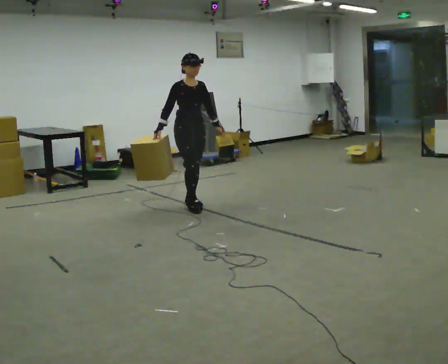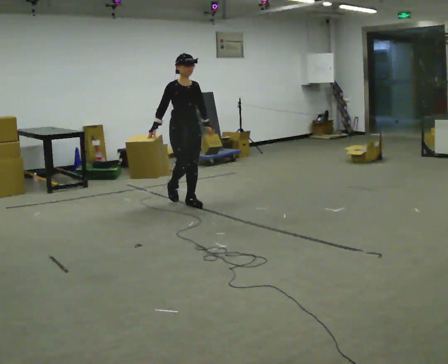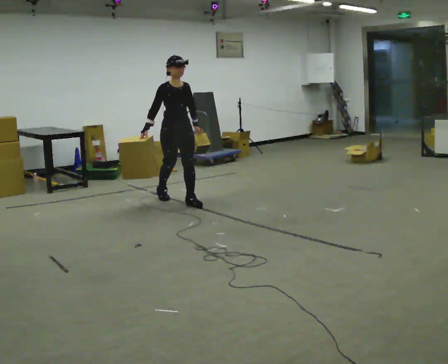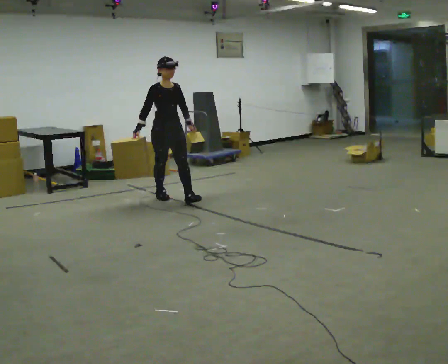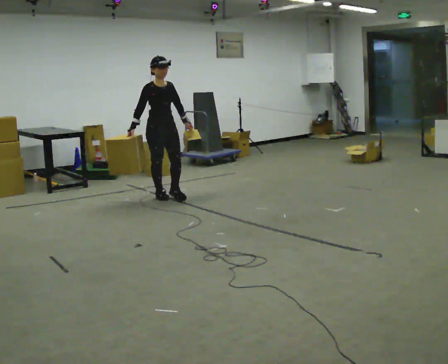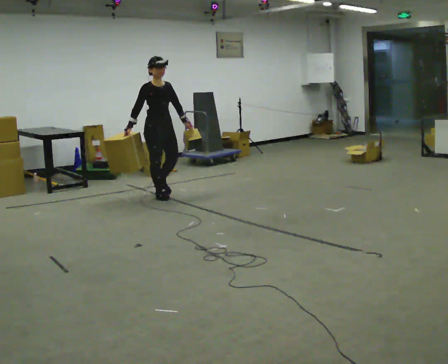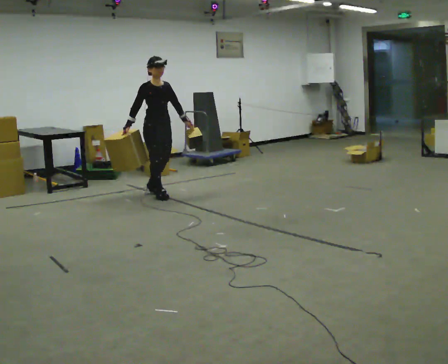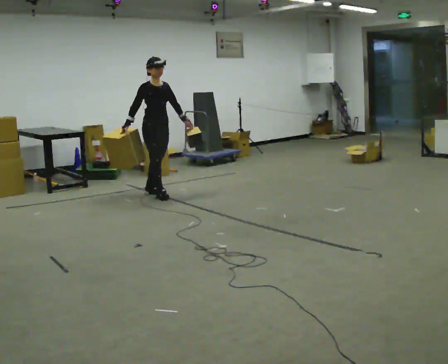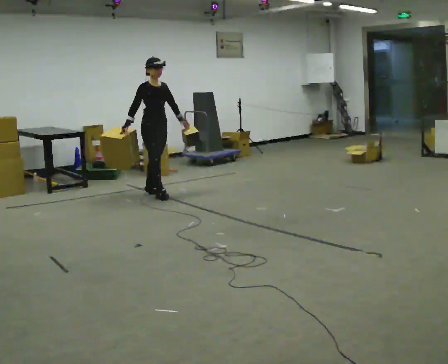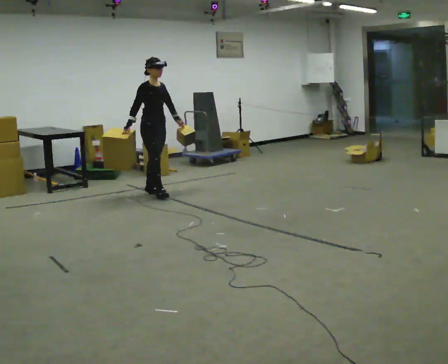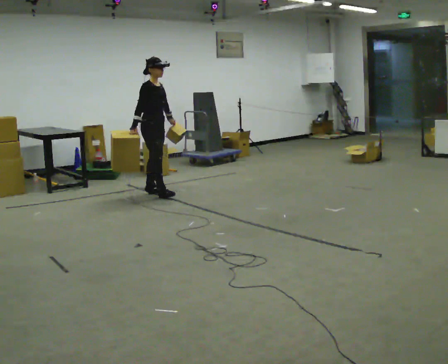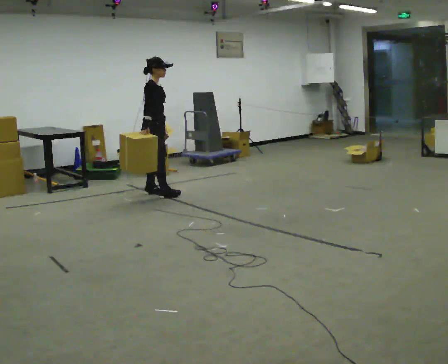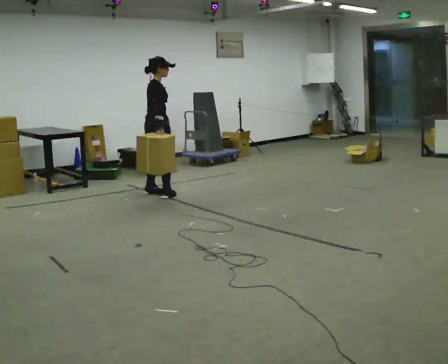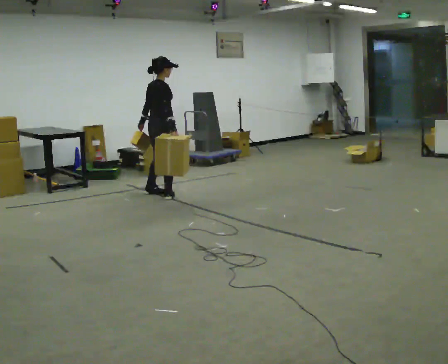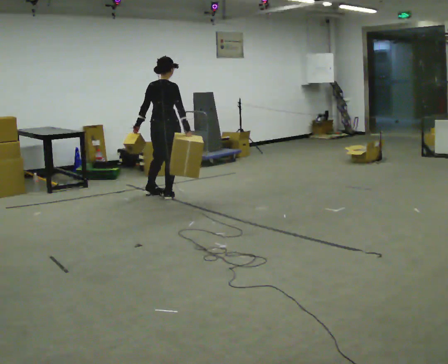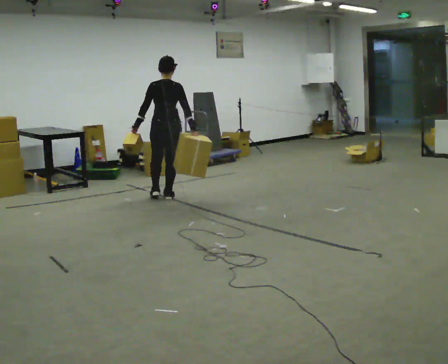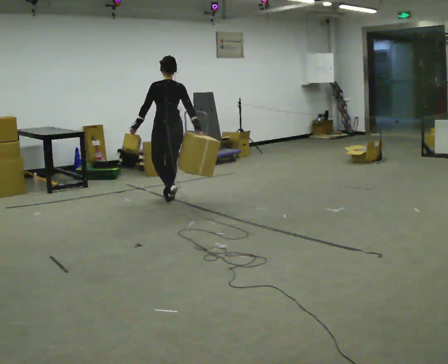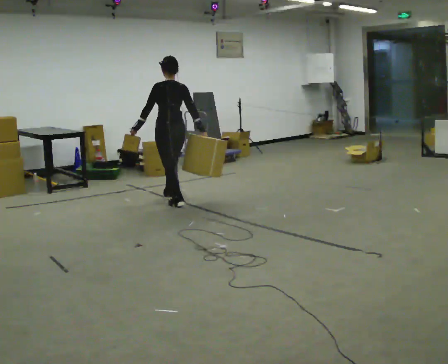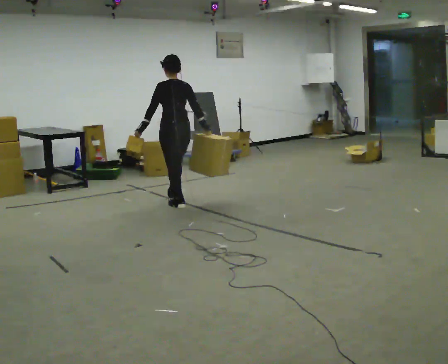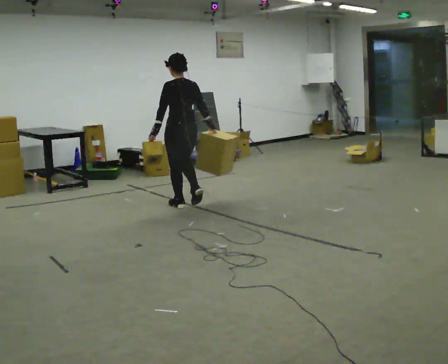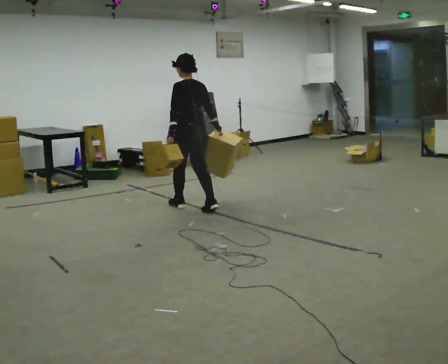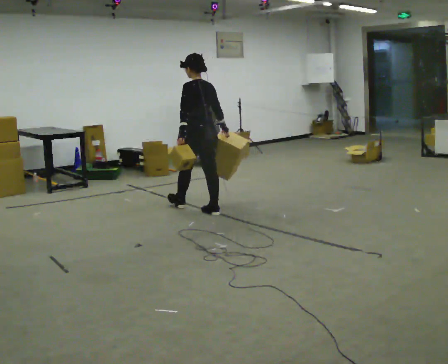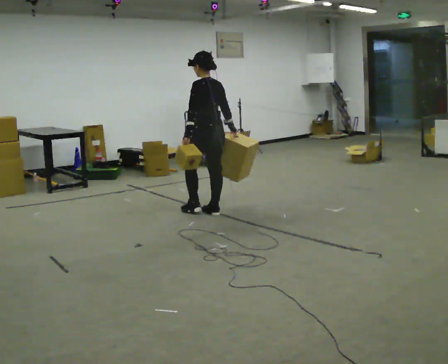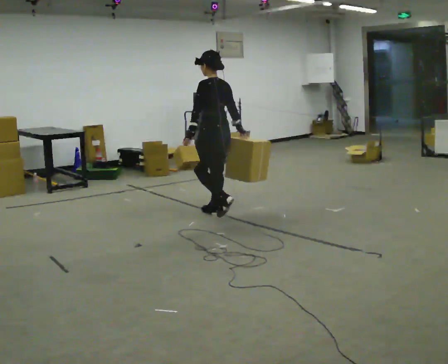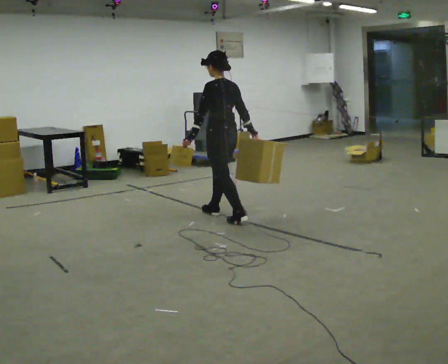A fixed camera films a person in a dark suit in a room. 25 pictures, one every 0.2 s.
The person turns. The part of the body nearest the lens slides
to the right.
Their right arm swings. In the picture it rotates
counterclockwise.
0.0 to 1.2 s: In the picture they go away from the camera and to the left, about 0.5 m in 1 step, which for them is backward.
1.2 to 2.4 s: Seen from above the body turns counterclockwise, about 60 degrees: to their left, with its near side sliding to the right. In the picture their left hand goes to the left, the arm swinging clockwise.
2.4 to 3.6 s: The part of the body nearest the lens slides to the right as the person turns to their left by about 105 degrees. In the picture they go toward the camera and to the right, about 0.5 m in 2 steps.
3.6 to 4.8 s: In the picture they go toward the camera and to the right, about 1 m in 1 step, which for them is backward.
The film runs backward here.
